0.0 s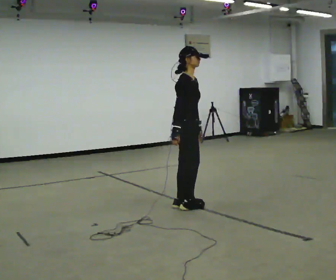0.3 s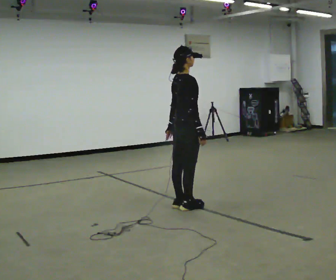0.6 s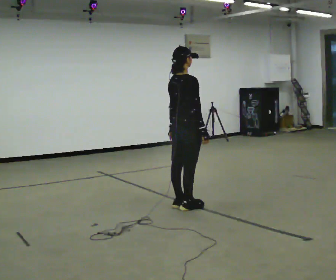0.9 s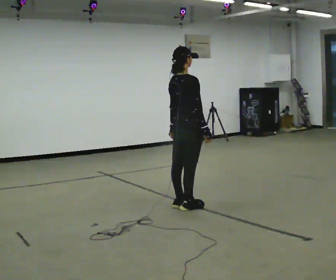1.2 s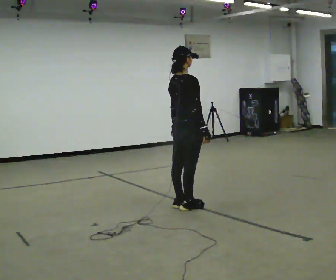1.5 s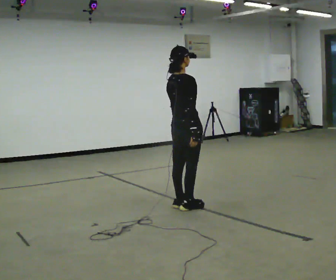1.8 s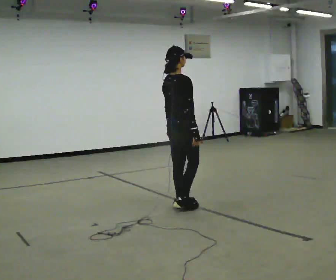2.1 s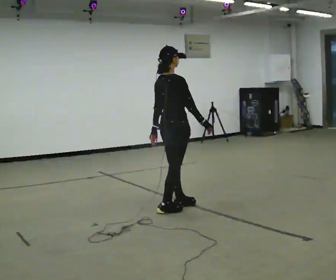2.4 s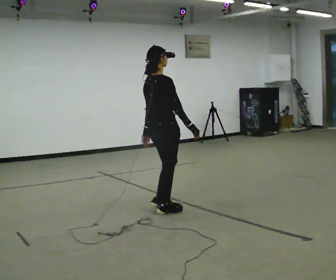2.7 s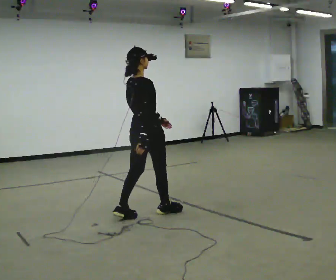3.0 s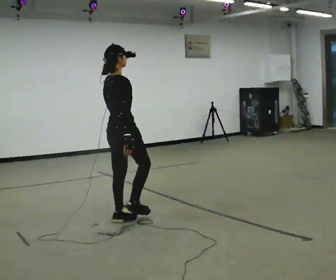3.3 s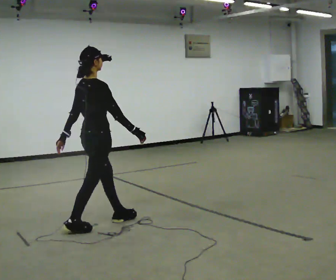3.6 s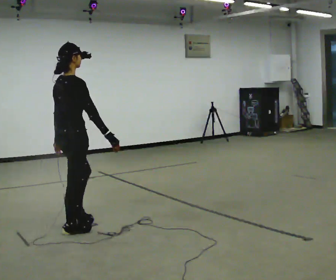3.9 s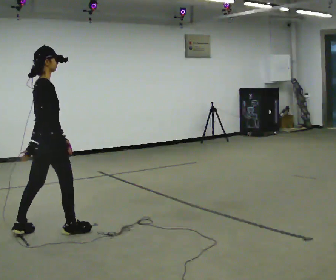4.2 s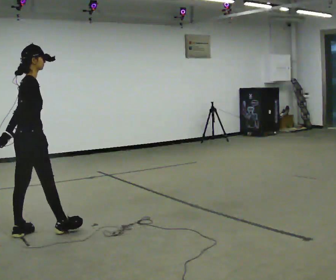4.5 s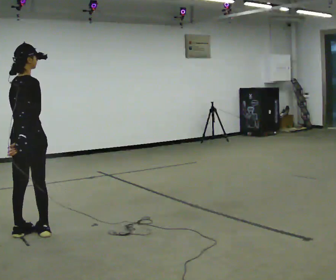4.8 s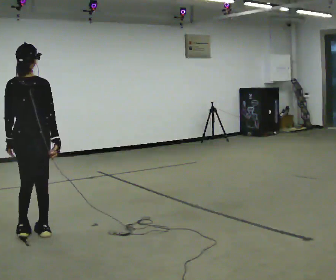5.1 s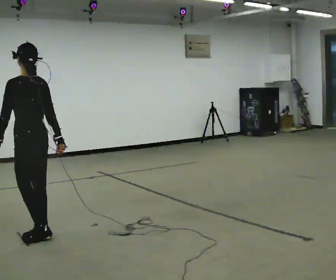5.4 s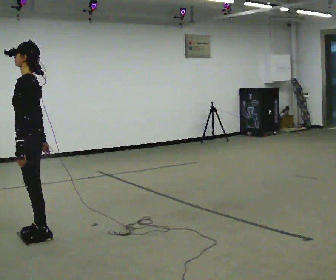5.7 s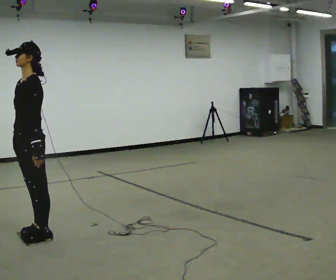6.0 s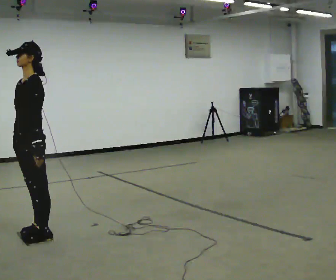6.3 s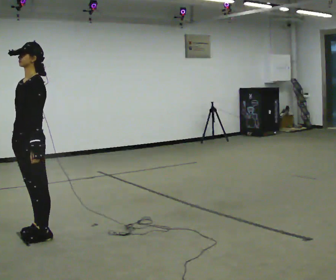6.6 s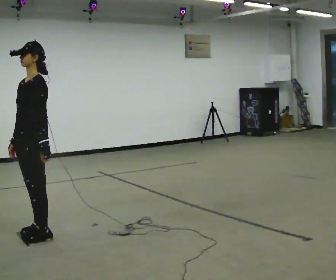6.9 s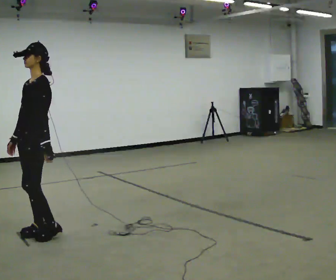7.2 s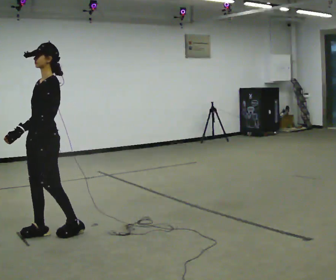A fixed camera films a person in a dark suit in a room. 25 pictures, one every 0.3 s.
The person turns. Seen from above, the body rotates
counterclockwise.
The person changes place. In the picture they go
to the left.
0.0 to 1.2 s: The part of the body nearest the lens slides to the right as the person turns to their left by about 45 degrees. In the picture their right hand goes to the right.
1.2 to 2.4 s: In the picture they go to the left, about 0.25 m in 2 steps, which for them is backward.
2.4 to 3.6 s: In the picture they go to the left and toward the camera, about 1 m in 2 steps, which for them is backward.
3.6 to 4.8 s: The part of the body nearest the lens slides to the right as the person turns to their left by about 60 degrees. In the picture they go to the left, about 0.25 m in 2 steps.
4.8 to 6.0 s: The part of the body nearest the lens slides to the right as the person turns to their left by about 120 degrees. In the picture their right hand goes to the left.
6.0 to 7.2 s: The person moves a little, or ends about where they began.
The film runs backward here.
